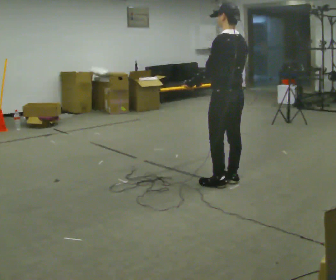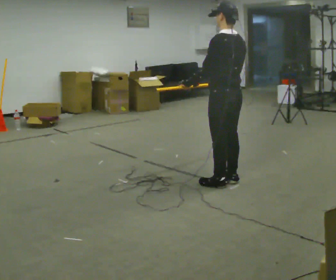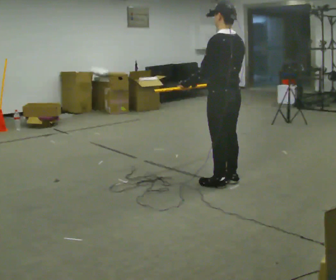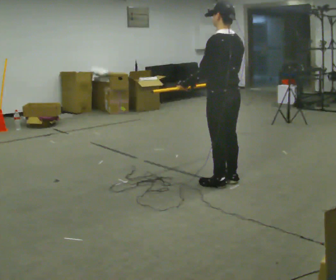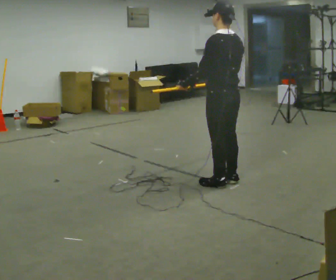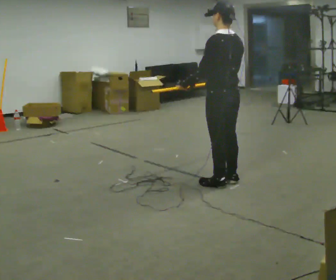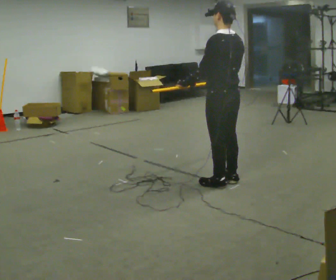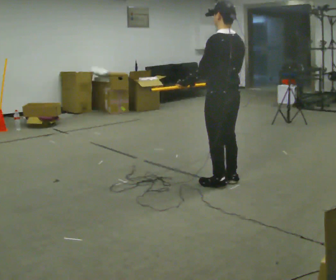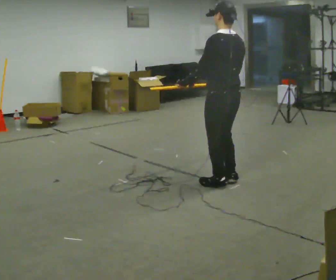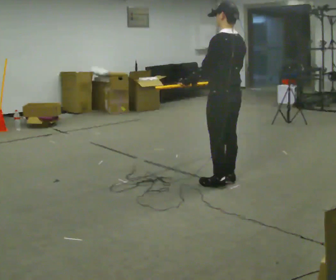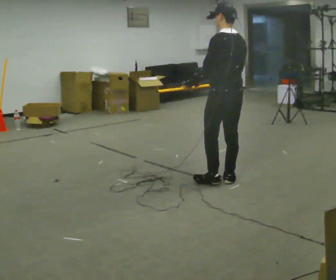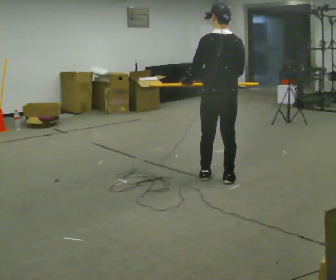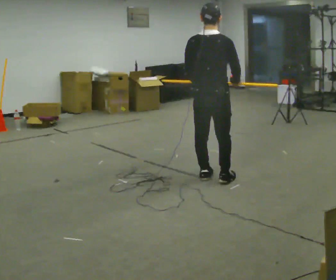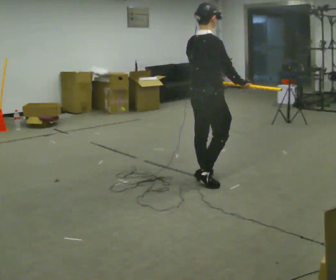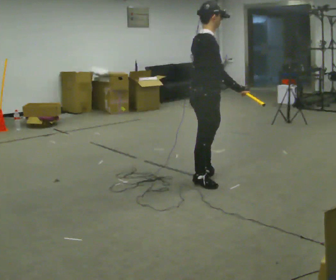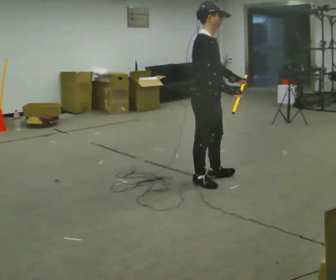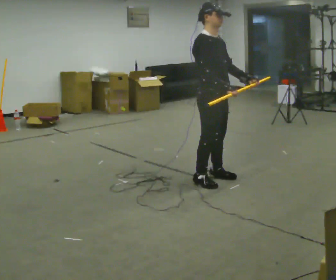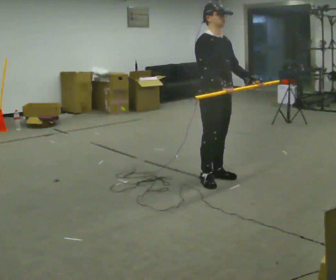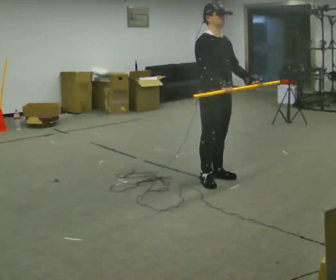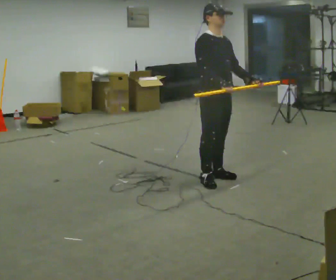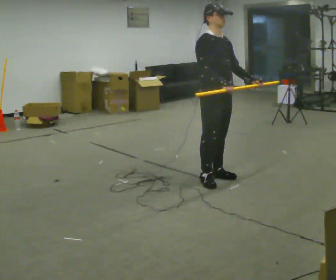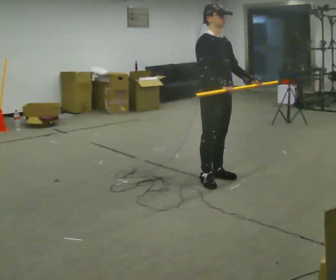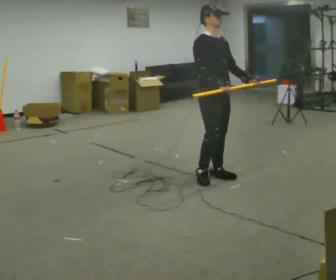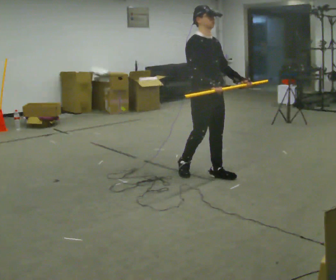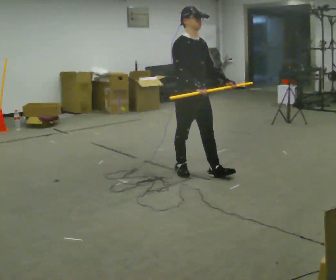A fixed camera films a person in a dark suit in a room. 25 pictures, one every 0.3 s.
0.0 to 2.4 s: The person moves a little, or ends about where they began.
2.4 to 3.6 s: Seen from above the body turns clockwise, about 45 degrees: to their right, with its near side sliding to the left. In the picture they go away from the camera, about 0.25 m in 2 steps, which for them is forward.
3.6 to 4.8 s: The part of the body nearest the lens slides to the left as the person turns to their right by about 105 degrees. In the picture their left hand goes to the right, the arm swinging counterclockwise.
4.8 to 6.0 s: The person moves a little, or ends about where they began.
6.0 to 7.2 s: In the picture they go to the left and away from the camera, about 0.25 m in 1 step, which for them is backward.
The film runs backward here.
